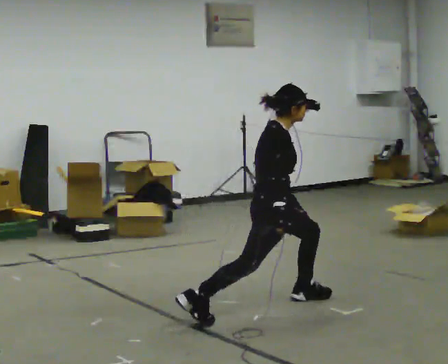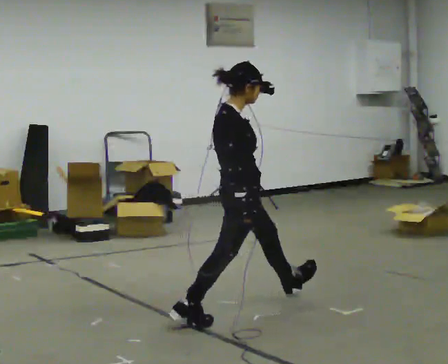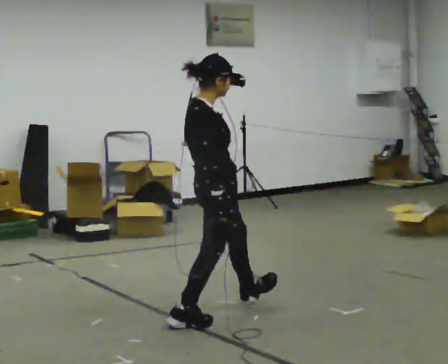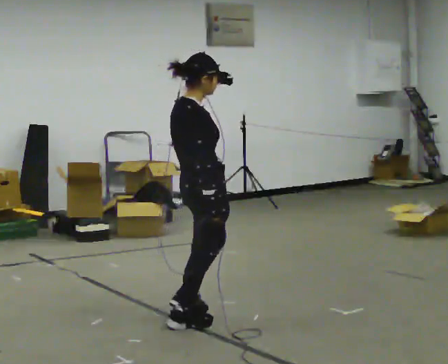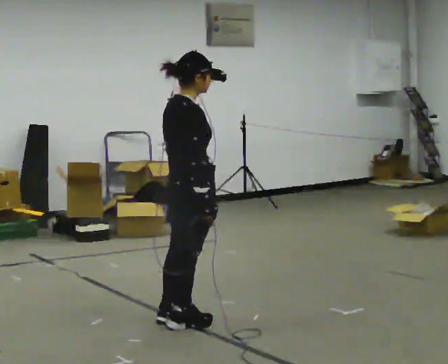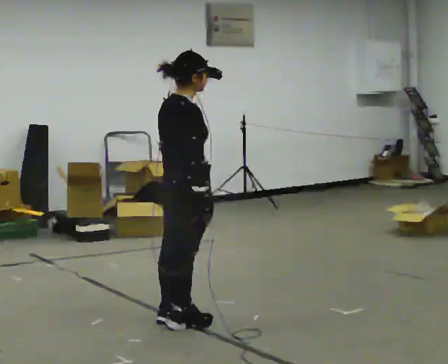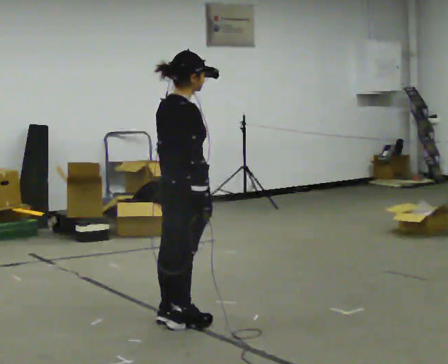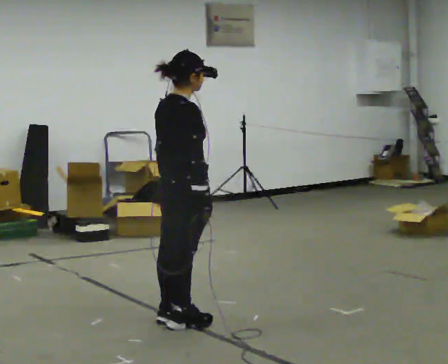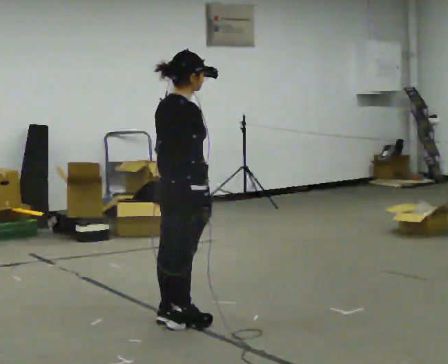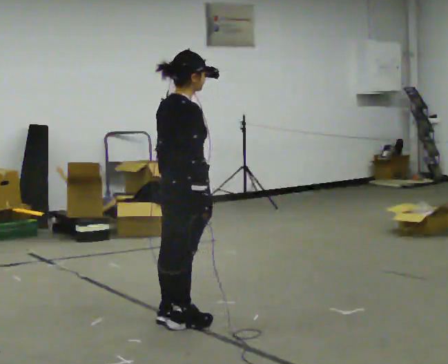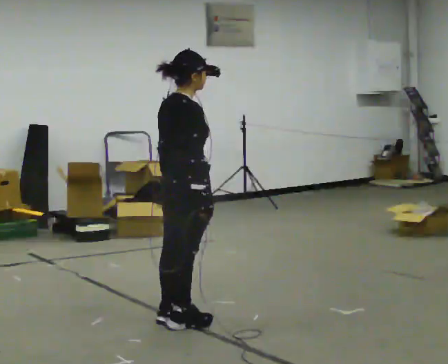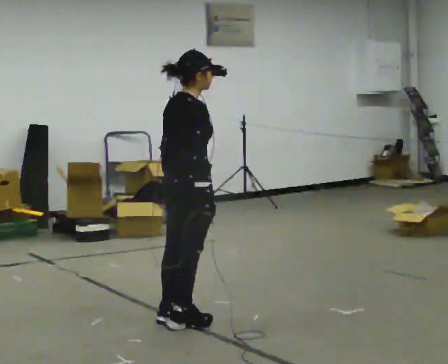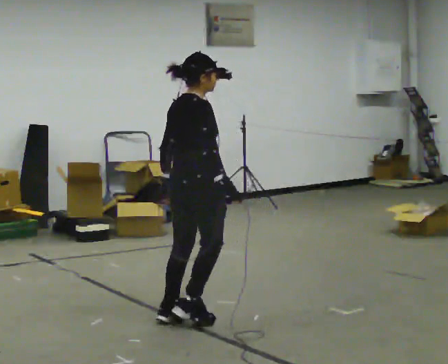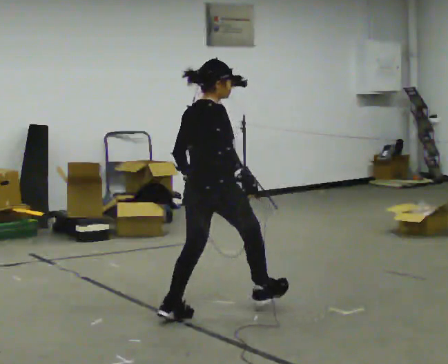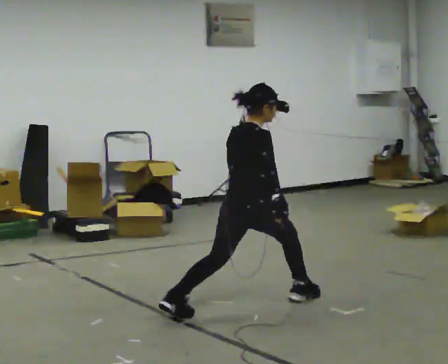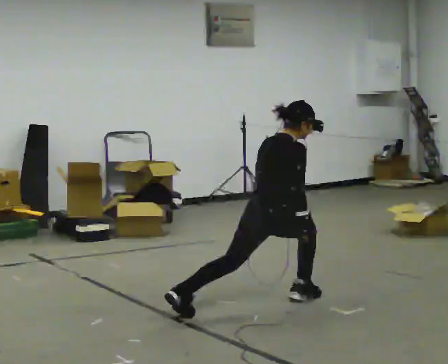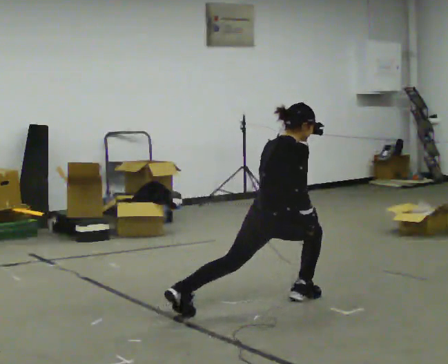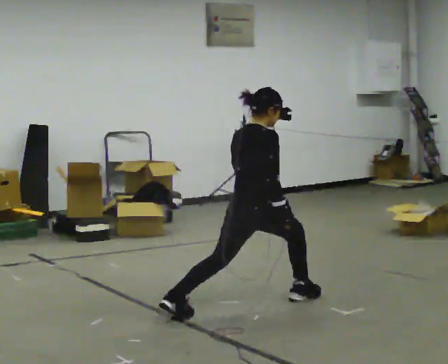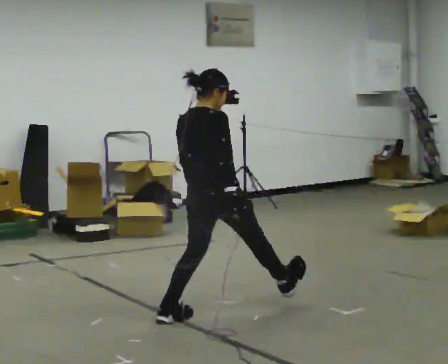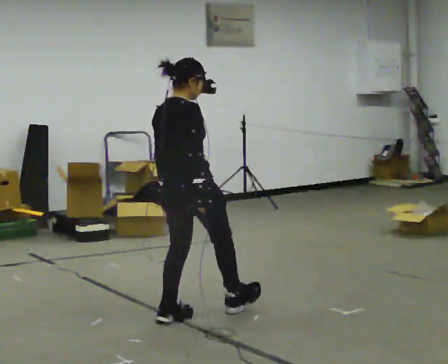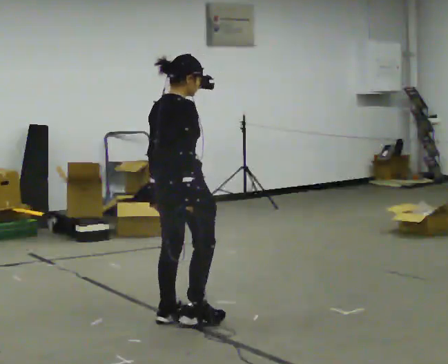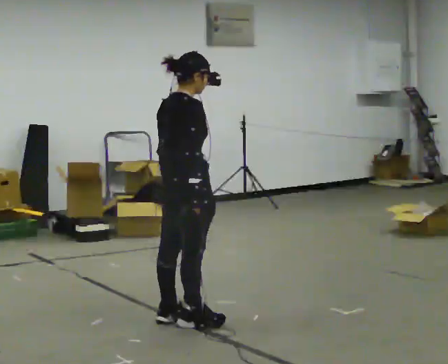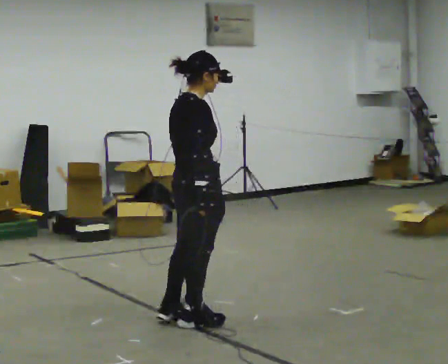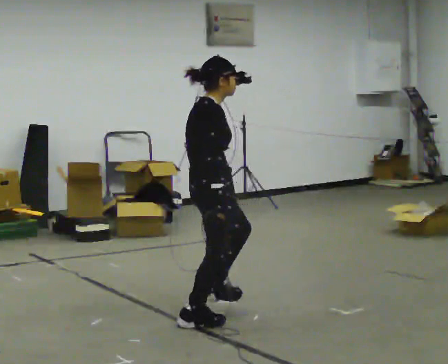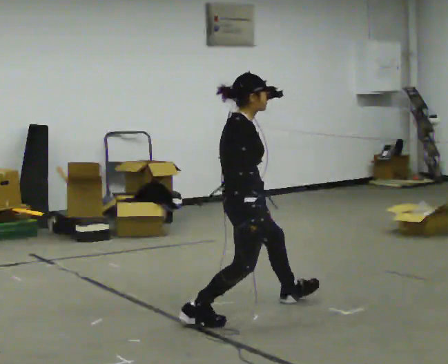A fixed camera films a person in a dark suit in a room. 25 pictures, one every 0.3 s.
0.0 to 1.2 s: Seen from above the body turns counterclockwise, about 30 degrees: to their left, with its near side sliding to the right. In the picture they go to the left and toward the camera, about 0.5 m in 1 step, which for them is backward and to their right.
1.2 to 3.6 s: The person moves a little, or ends about where they began.
3.6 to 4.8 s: In the picture they go to the right and away from the camera, about 0.5 m, which for them is forward. The shoulders move downward.
4.8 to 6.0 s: In the picture they go to the left and toward the camera, about 0.75 m in 1 step, which for them is backward and to their left. The shoulders move upward.
6.0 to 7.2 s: Seen from above the body turns clockwise, about 30 degrees: to their right, with its near side sliding to the left. In the picture they go to the right, about 0.25 m in 1 step, which for them is forward.
The film runs backward here.
